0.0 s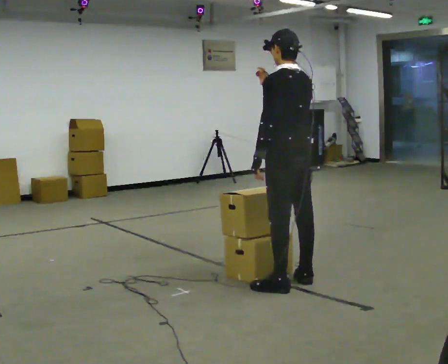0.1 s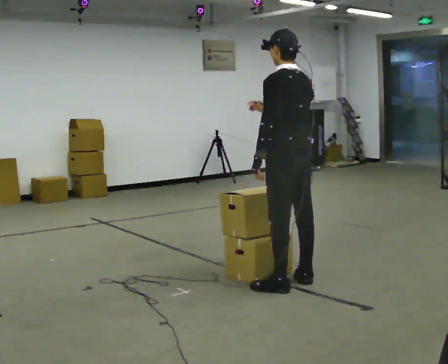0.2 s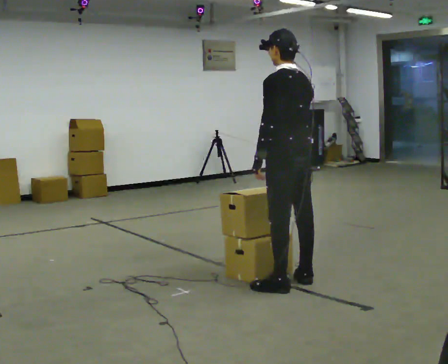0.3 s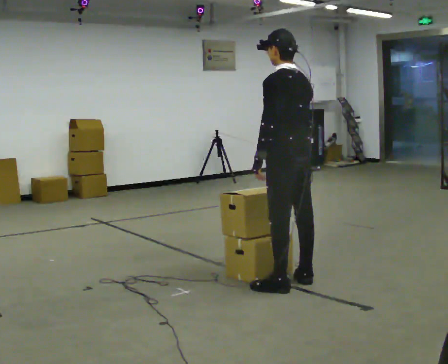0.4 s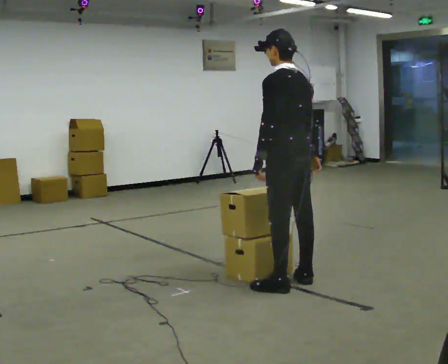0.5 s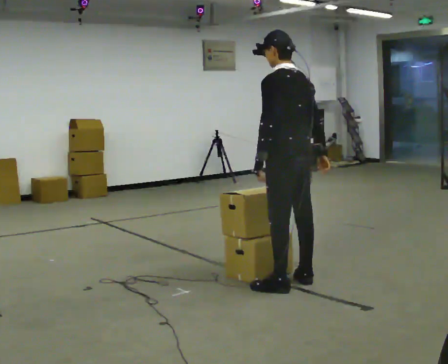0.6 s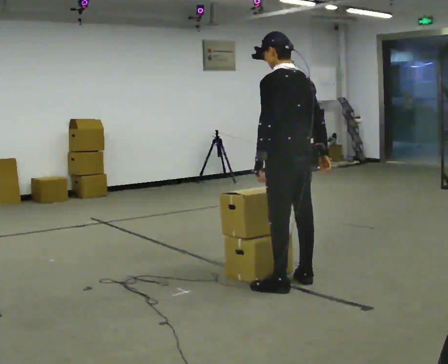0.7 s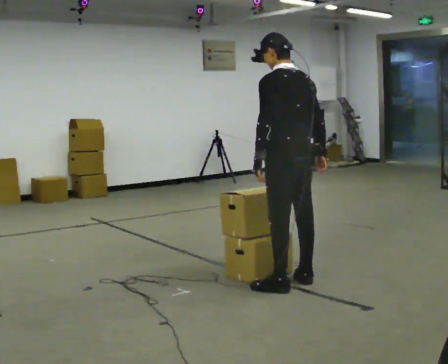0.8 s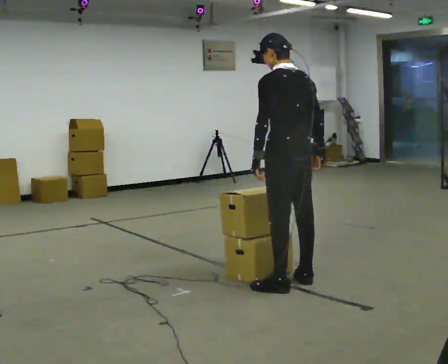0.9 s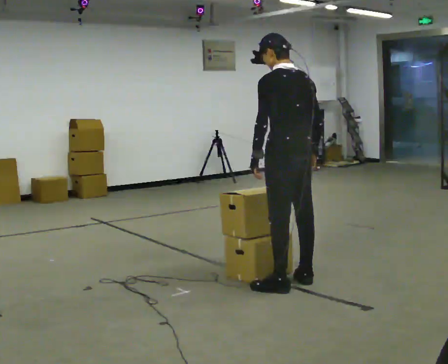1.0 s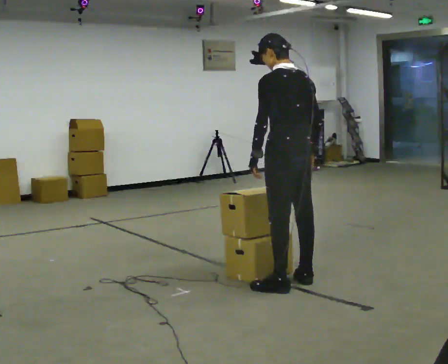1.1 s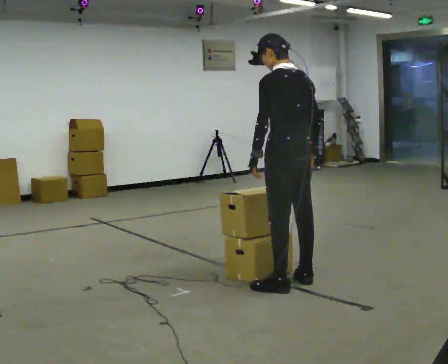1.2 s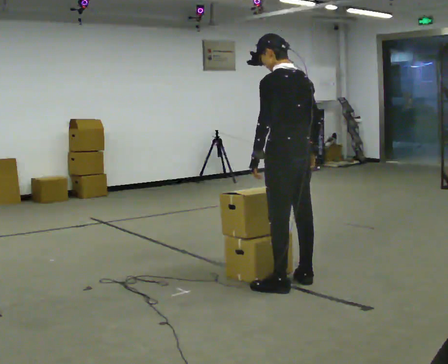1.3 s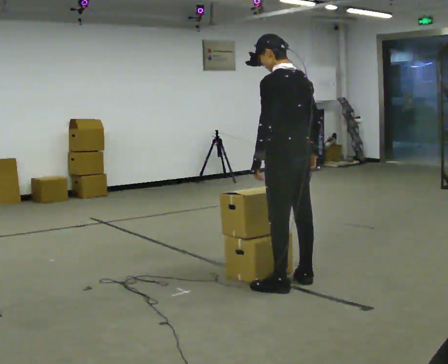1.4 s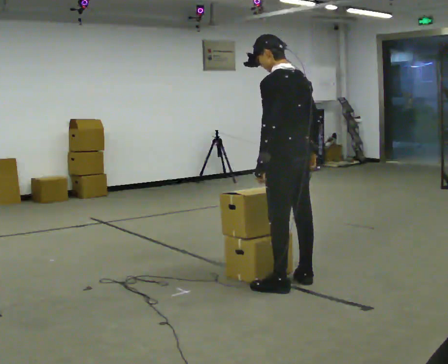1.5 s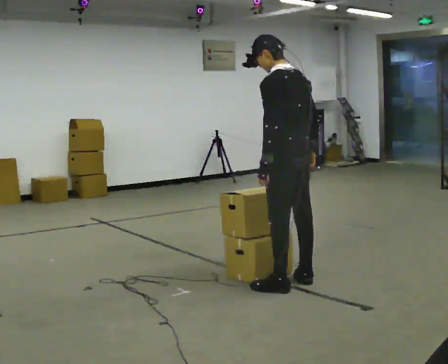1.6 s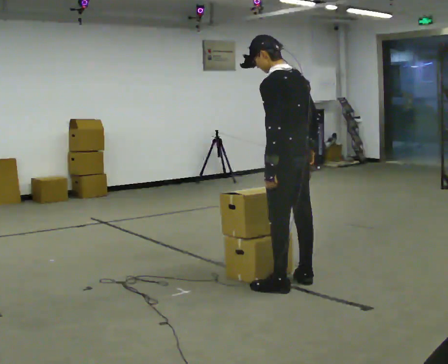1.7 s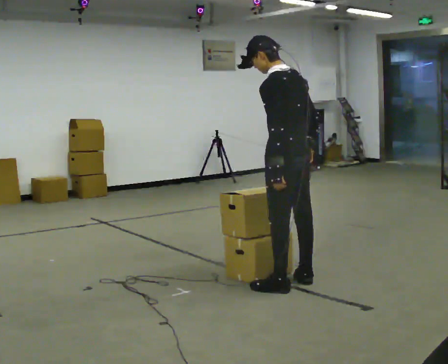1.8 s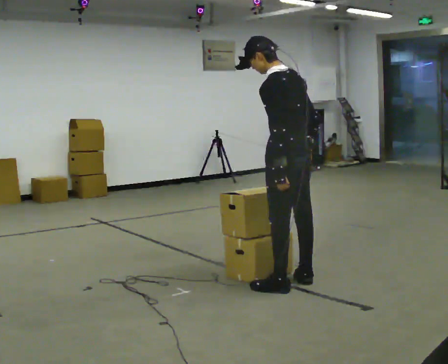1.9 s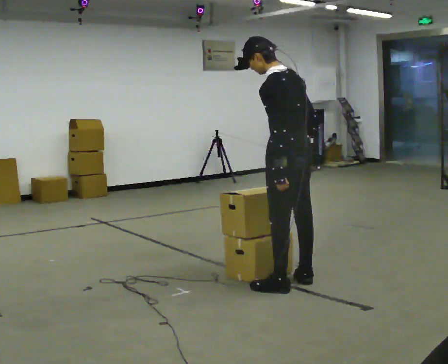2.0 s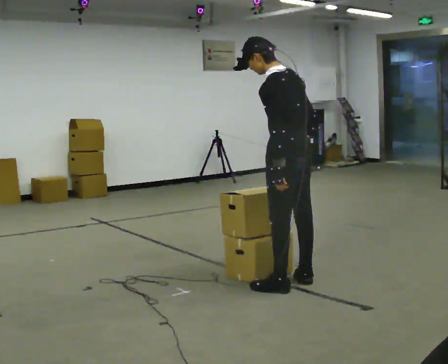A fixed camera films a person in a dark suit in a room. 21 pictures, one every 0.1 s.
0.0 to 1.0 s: In the picture their right hand goes downward and to the right.
1.0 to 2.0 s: The person moves a little, or ends about where they began.
The film runs forward here.
